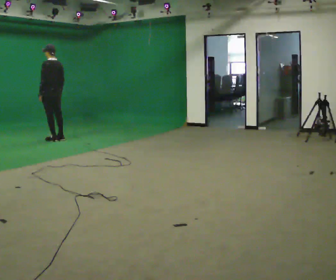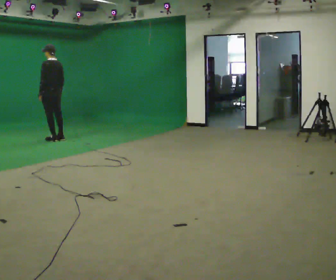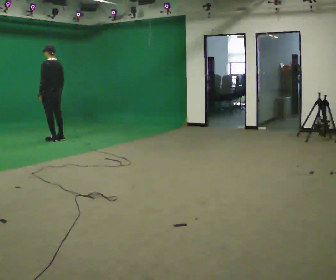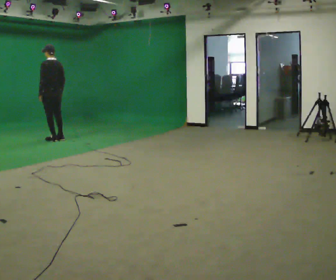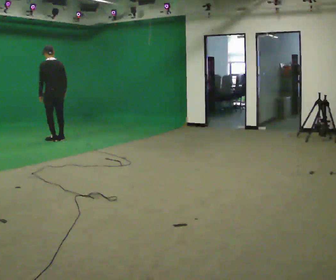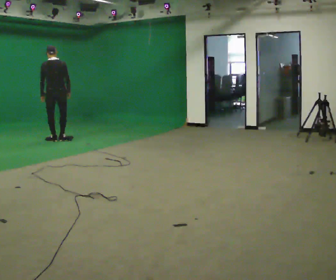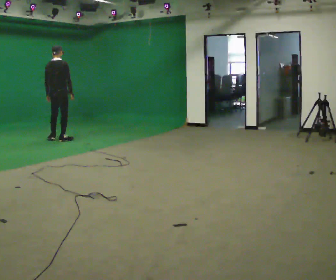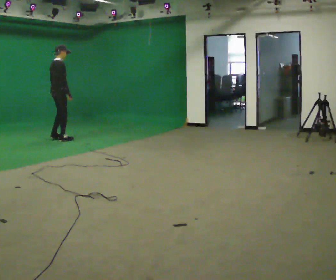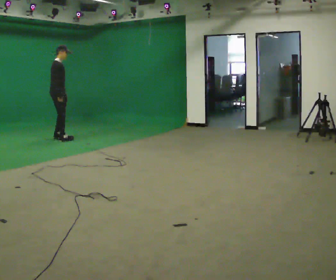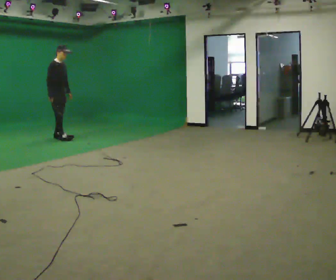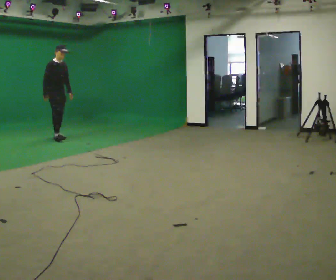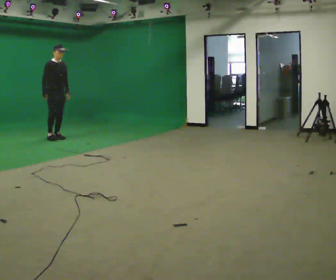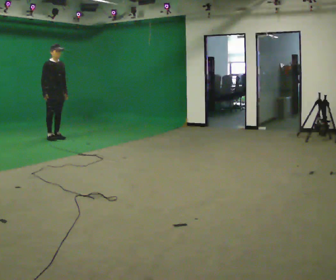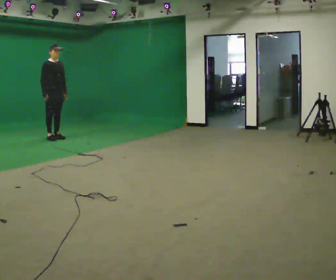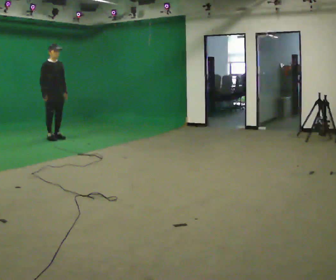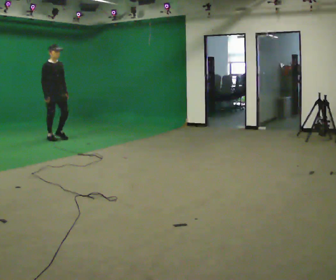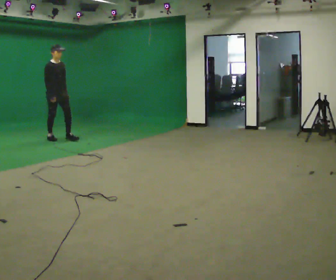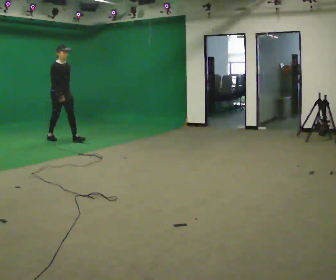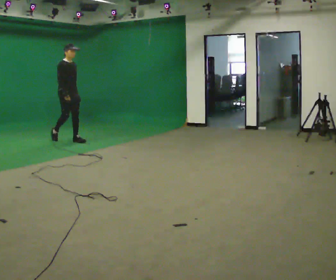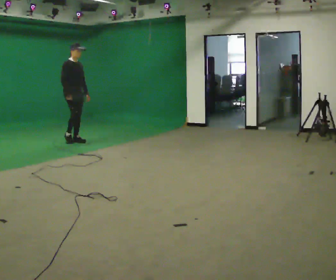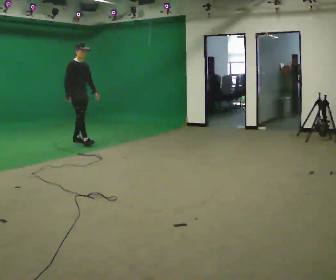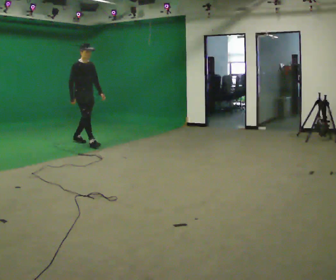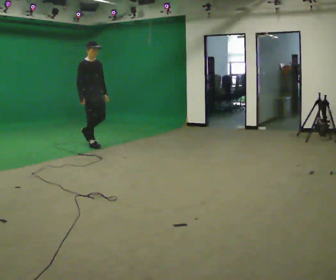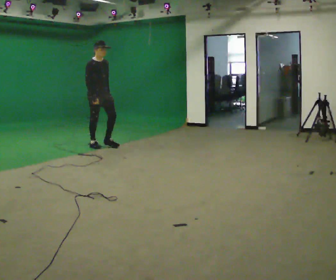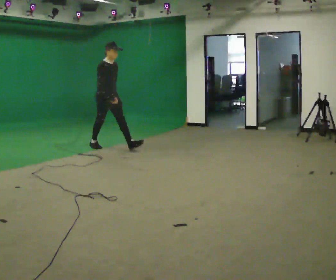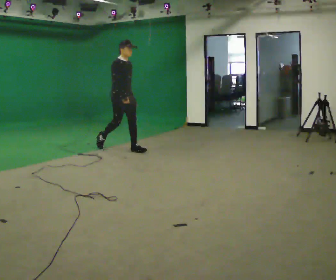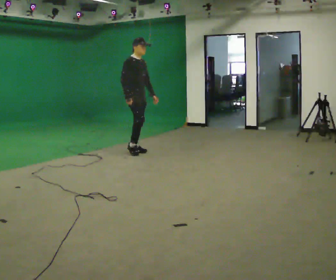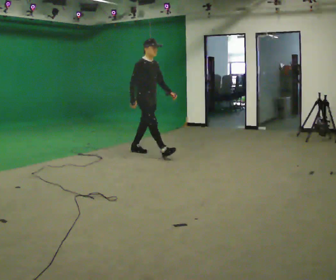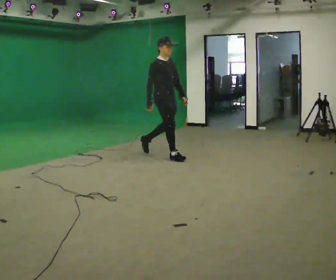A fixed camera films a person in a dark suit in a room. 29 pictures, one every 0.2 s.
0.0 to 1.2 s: The person turns about 75 degrees to their right, clockwise seen from above, so the part of the body nearest the lens slides to the left.
1.2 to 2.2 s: The person turns about 105 degrees to their right, clockwise seen from above, so the part of the body nearest the lens slides to the left. In the picture they go away from the camera, about 0.25 m in 2 steps. In the picture their right hand goes to the left.
2.2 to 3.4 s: In the picture they go toward the camera, about 0.25 m in 1 step, which for them is forward.
3.4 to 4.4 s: In the picture they go toward the camera and to the right, about 1 m in 1 step, which for them is forward.
4.4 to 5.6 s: In the picture they go toward the camera and to the right, about 1.5 m in 2 steps, which for them is forward.
The film runs forward here.
